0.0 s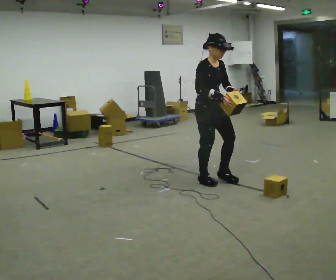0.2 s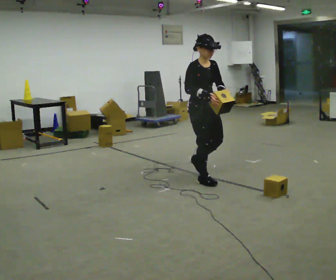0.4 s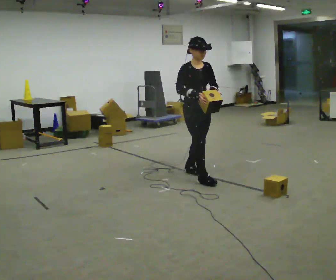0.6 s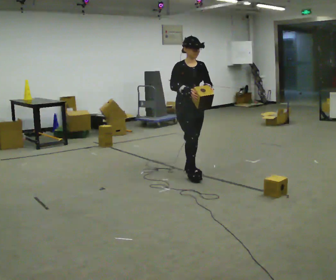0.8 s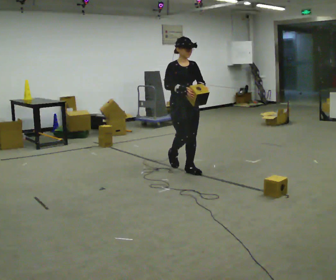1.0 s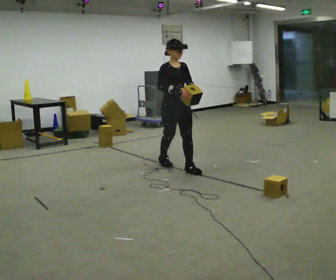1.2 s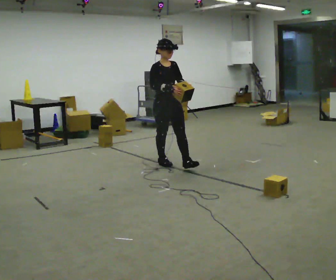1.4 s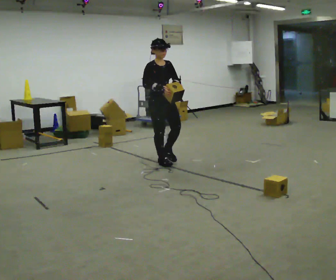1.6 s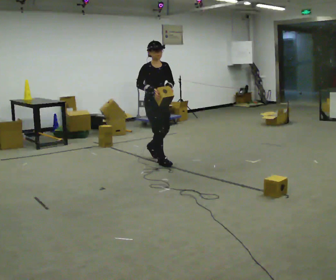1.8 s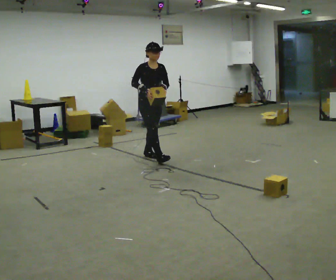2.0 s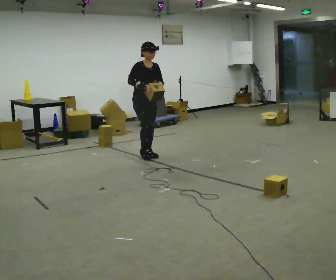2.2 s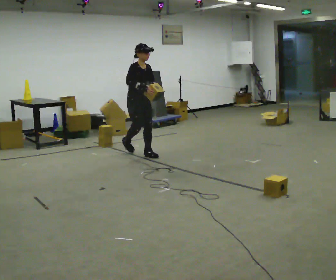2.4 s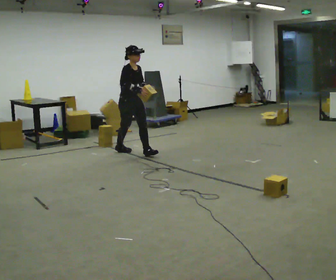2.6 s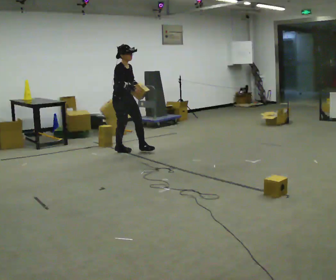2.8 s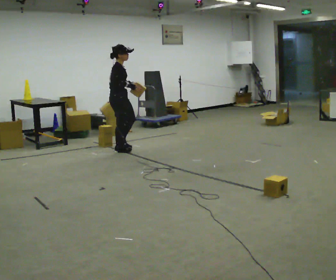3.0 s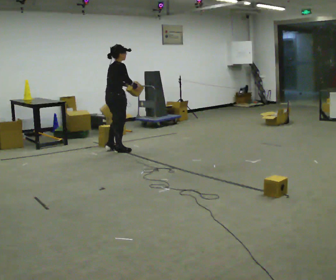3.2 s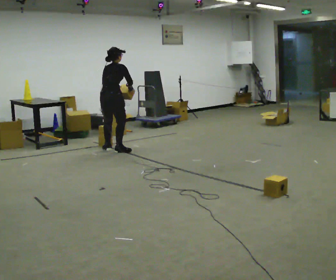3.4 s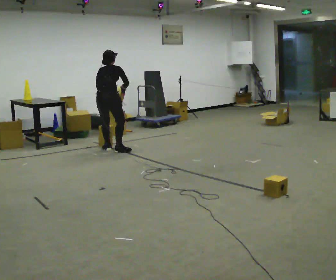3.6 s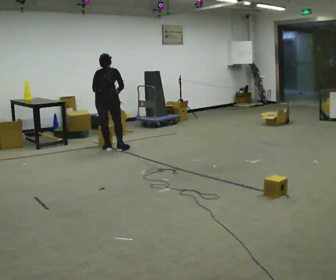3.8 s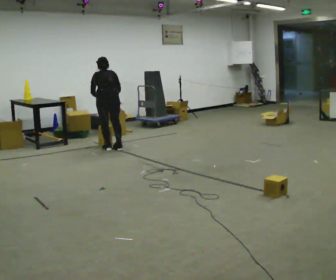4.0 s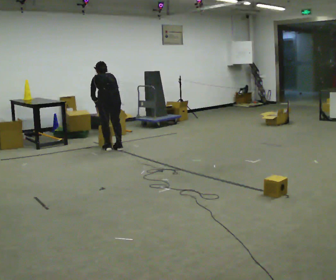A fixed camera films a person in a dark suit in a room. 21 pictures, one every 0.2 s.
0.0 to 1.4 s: In the picture they go away from the camera and to the left, about 1 m in 2 steps, which for them is backward.
1.4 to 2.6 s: In the picture they go away from the camera and to the left, about 1 m in 2 steps, which for them is backward.
2.6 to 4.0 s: The person turns about 135 degrees to their left, counterclockwise seen from above, so the part of the body nearest the lens slides to the right. In the picture they go to the left, about 0.25 m. The upper body tips away from the camera, its near side rolling upward, as they bend forward.
The film runs backward here.
